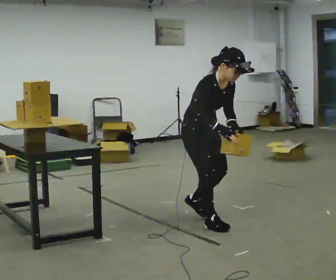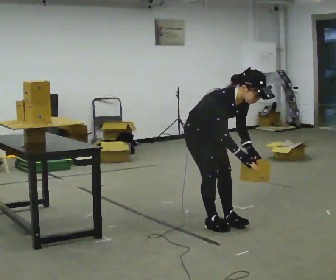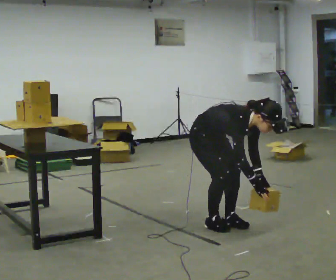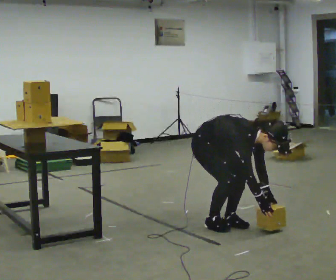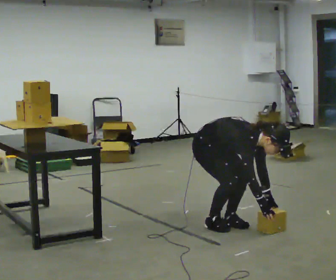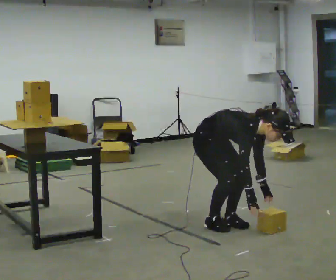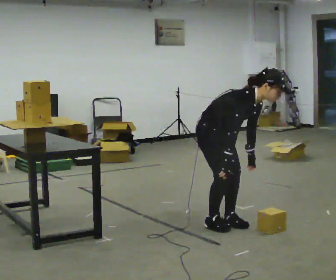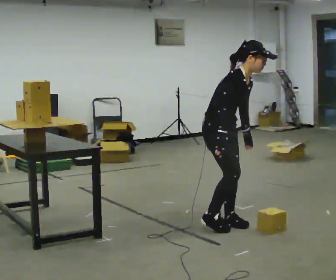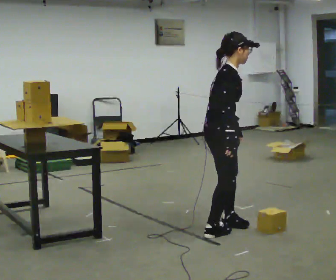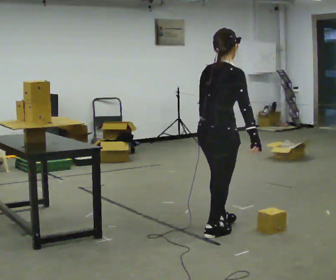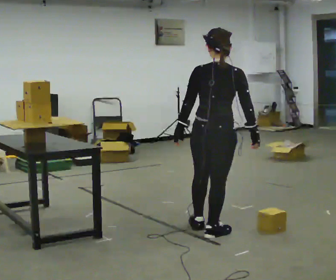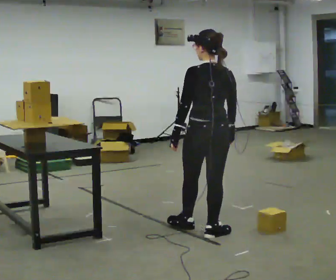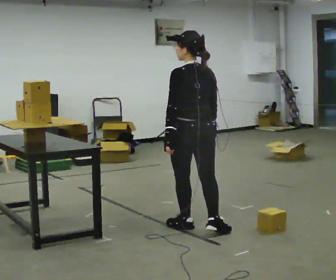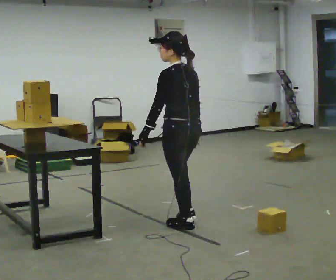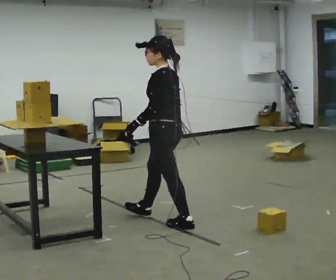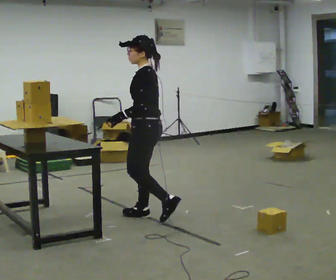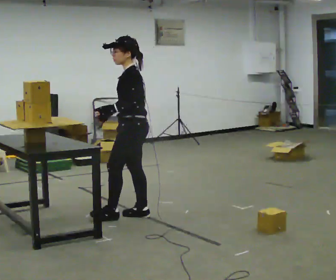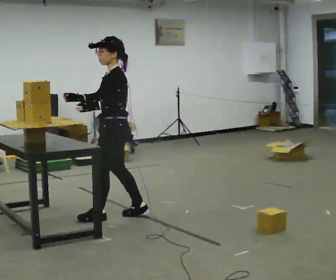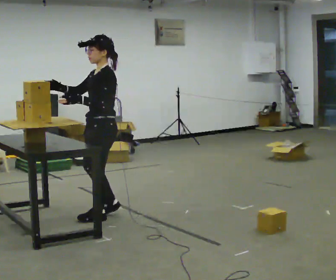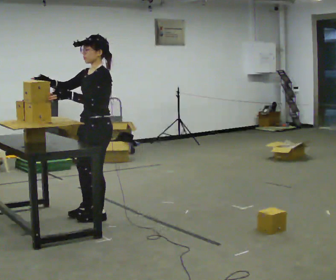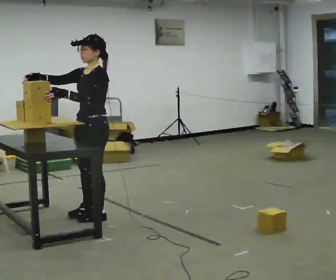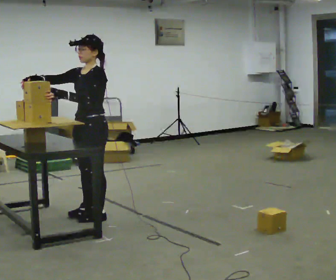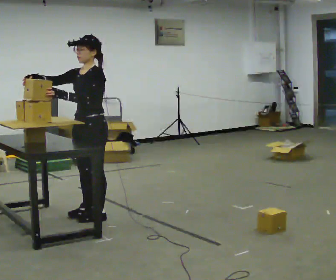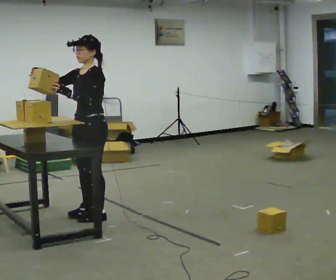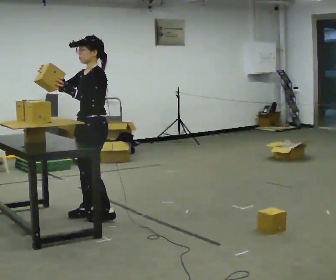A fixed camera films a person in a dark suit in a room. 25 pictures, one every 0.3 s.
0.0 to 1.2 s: The upper body goes downward. In the picture the upper body tilts clockwise, shoulders to the right, as they bend forward. In the picture their right hand goes downward and to the right.
1.2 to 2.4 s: The person turns about 30 degrees to their left, counterclockwise seen from above, so the part of the body nearest the lens slides to the right. In the picture they go toward the camera, about 0.25 m in 1 step, which for them is forward and to their right. The shoulders move upward. In the picture the upper body tilts counterclockwise, shoulders to the left, as they lean back or straighten. In the picture their left hand goes upward.
2.4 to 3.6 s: Seen from above the body turns counterclockwise, about 105 degrees: to their left, with its near side sliding to the right. In the picture they go to the left, about 0.25 m in 1 step. In the picture their left hand goes to the left.
3.6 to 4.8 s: The part of the body nearest the lens slides to the right as the person turns to their left by about 75 degrees. In the picture they go to the left and away from the camera, about 0.75 m in 1 step.
4.8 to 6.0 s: Seen from above the body turns counterclockwise, about 30 degrees: to their left, with its near side sliding to the right. In the picture they go to the left, about 0.25 m in 2 steps, which for them is forward. In the picture their right hand goes upward, the arm swinging clockwise.
6.0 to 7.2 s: The person moves a little, or ends about where they began.
The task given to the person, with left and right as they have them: Carry the object over and set it down on the wobbly board without tipping it over. Keep going until the operator says stop; one object at a time, and do not rush between trips.
The film runs forward here.
